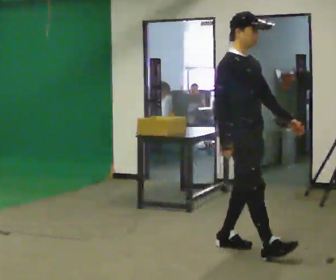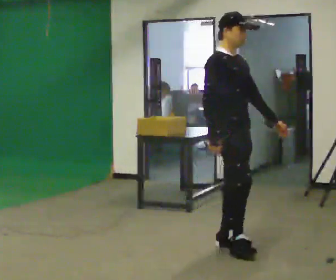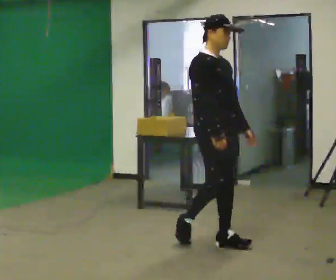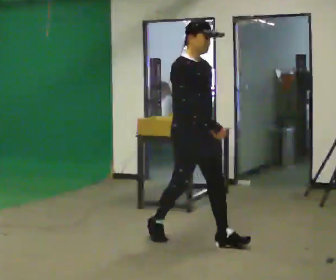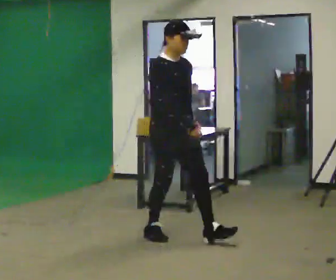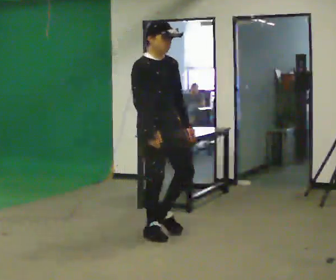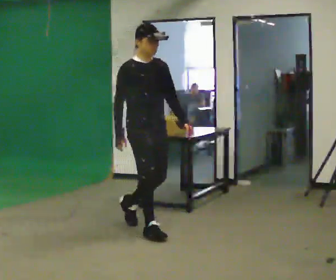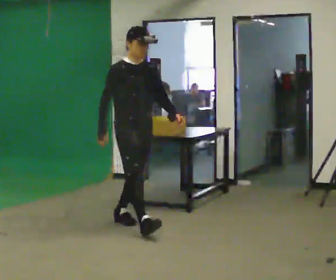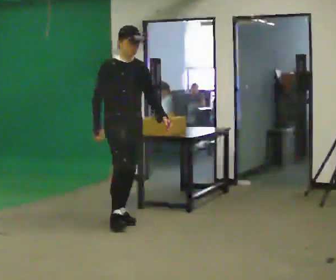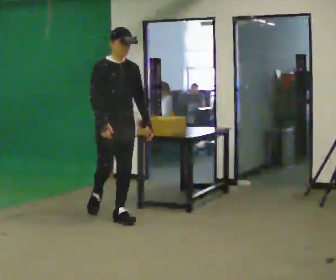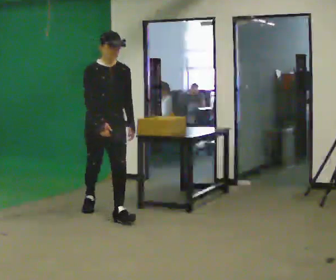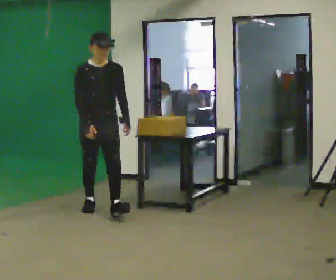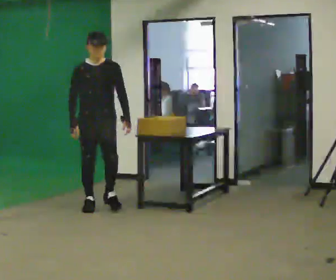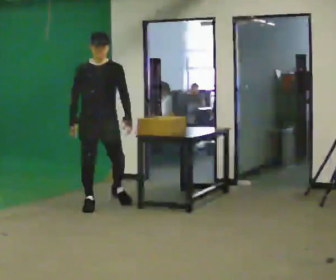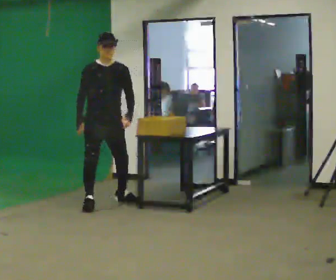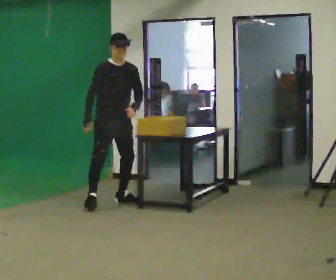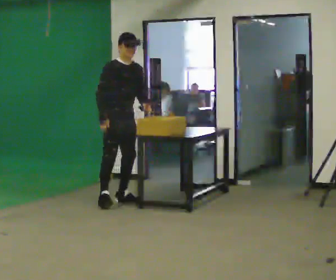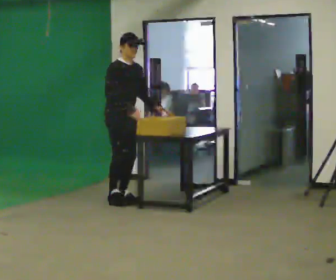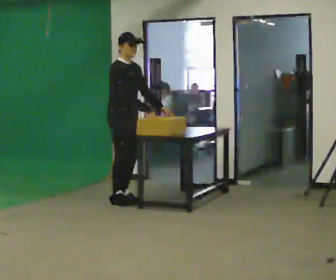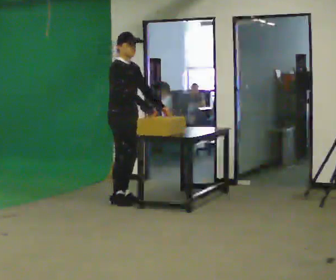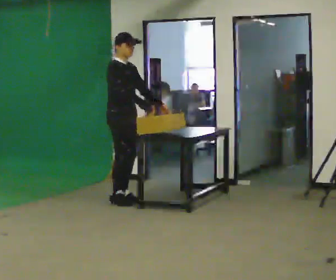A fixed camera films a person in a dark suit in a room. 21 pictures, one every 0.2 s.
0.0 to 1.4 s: In the picture they go away from the camera and to the left, about 1 m in 2 steps, which for them is backward.
1.4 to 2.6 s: Seen from above the body turns clockwise, about 30 degrees: to their right, with its near side sliding to the left. In the picture they go away from the camera and to the left, about 1 m in 1 step, which for them is backward.
2.6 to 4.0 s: Seen from above the body turns counterclockwise, about 45 degrees: to their left, with its near side sliding to the right. In the picture they go away from the camera and to the right, about 0.25 m in 1 step, which for them is to their left.
The film runs backward here.
